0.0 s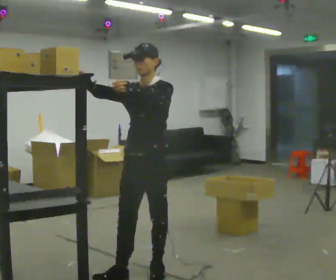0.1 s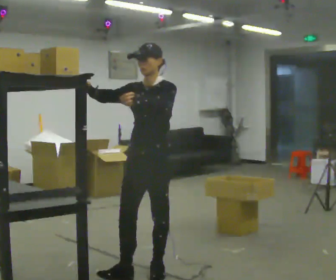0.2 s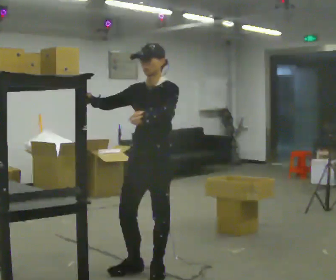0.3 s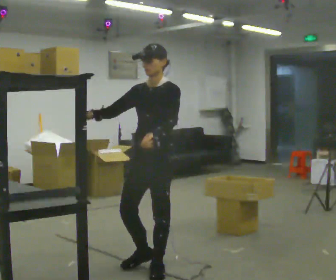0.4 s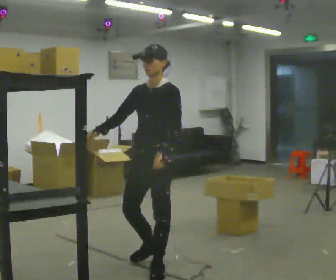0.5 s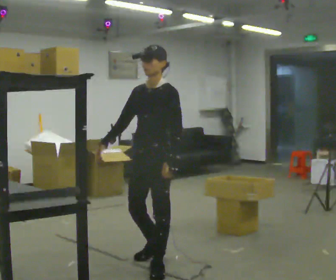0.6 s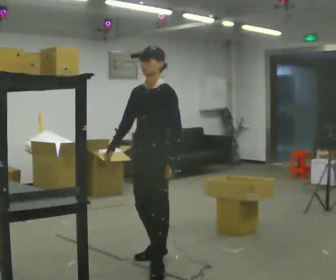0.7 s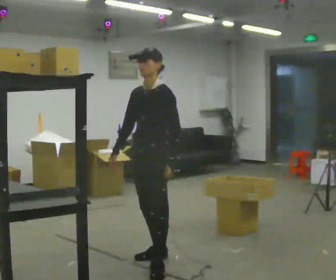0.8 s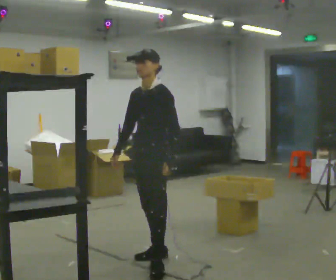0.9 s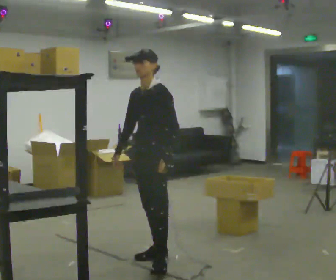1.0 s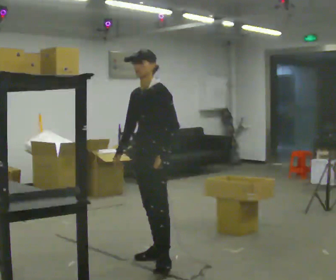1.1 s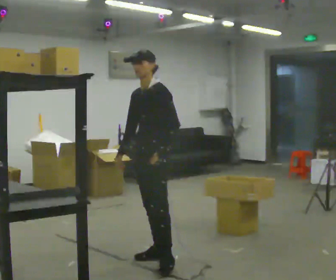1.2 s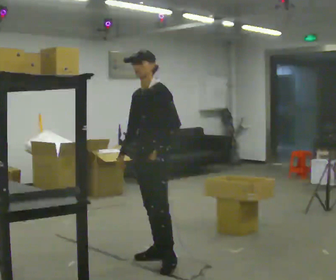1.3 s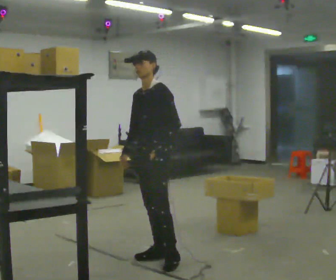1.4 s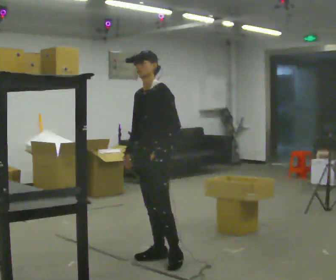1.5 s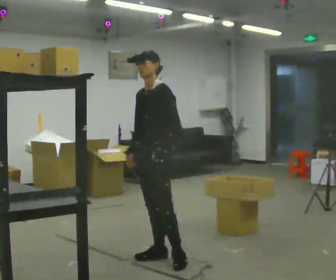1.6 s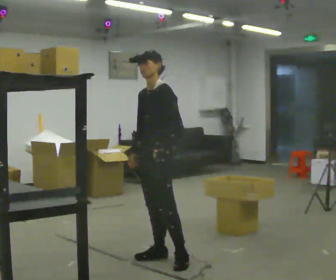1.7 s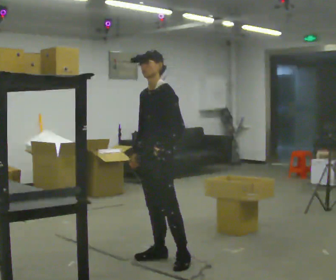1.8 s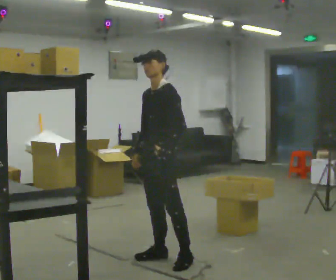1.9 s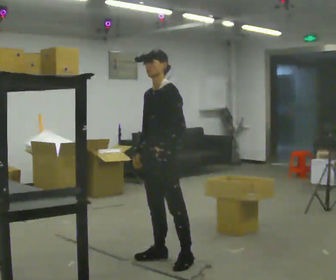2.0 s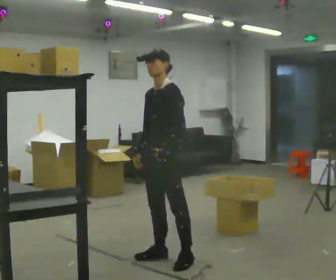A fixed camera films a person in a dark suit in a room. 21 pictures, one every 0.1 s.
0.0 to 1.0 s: In the picture they go away from the camera, about 0.5 m in 1 step, which for them is backward and to their right. In the picture their right hand goes downward, the arm swinging counterclockwise.
1.0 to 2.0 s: The person moves a little, or ends about where they began.
The film runs backward here.
